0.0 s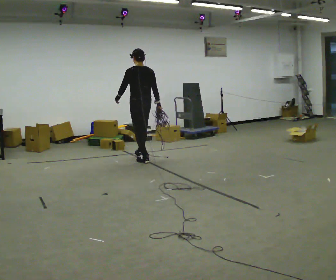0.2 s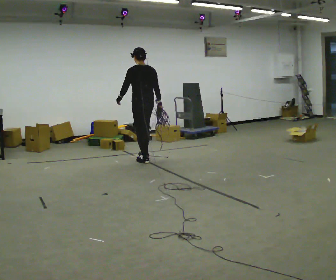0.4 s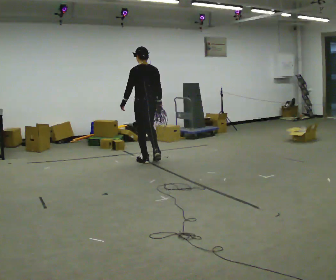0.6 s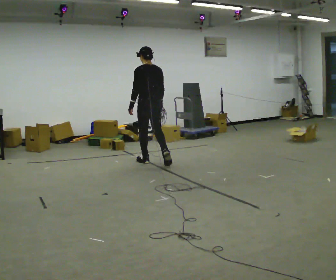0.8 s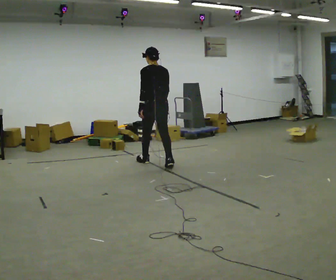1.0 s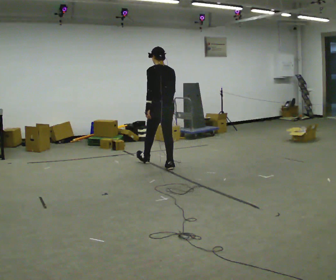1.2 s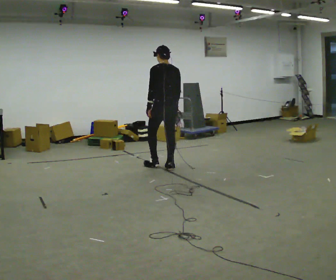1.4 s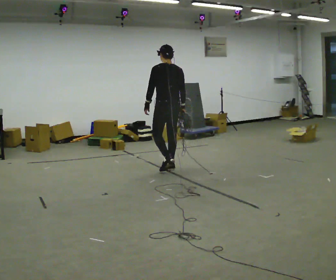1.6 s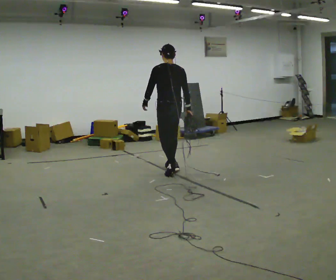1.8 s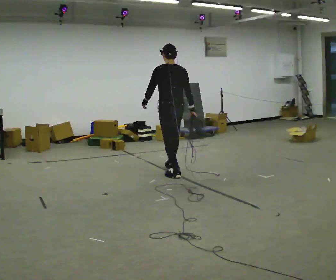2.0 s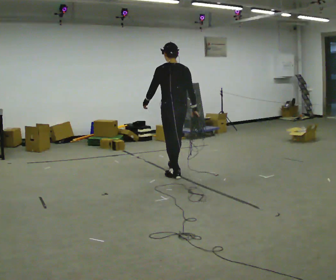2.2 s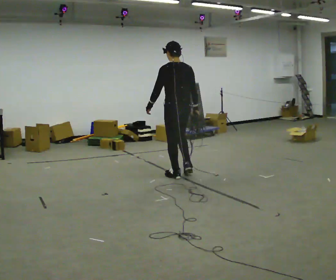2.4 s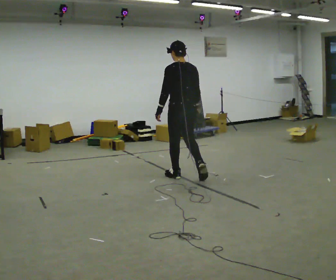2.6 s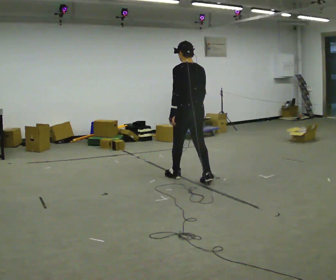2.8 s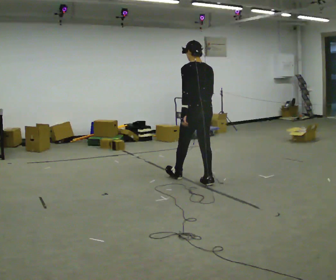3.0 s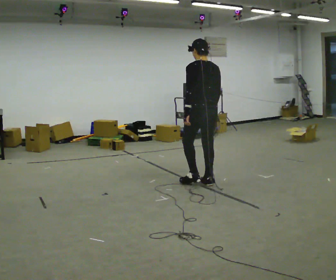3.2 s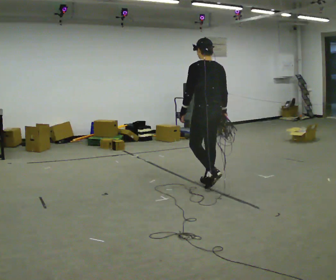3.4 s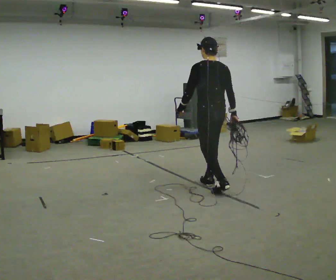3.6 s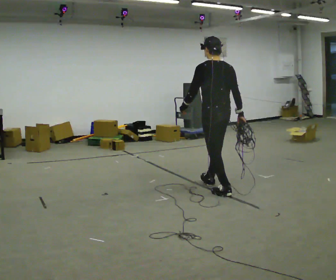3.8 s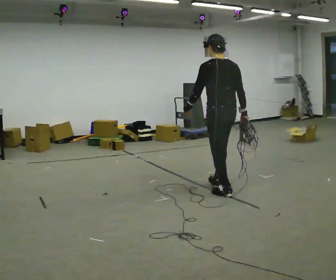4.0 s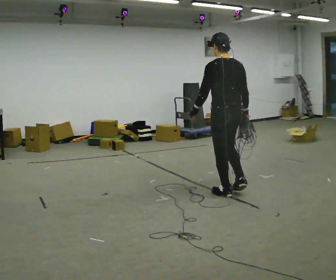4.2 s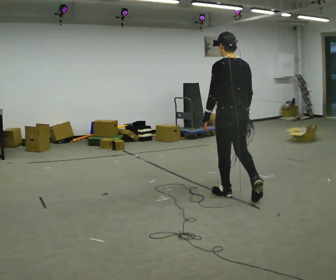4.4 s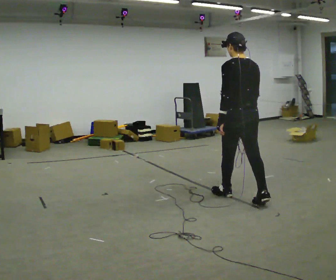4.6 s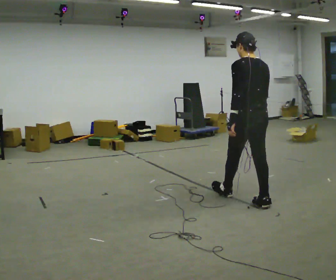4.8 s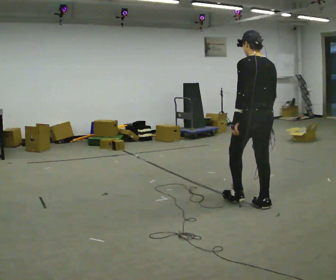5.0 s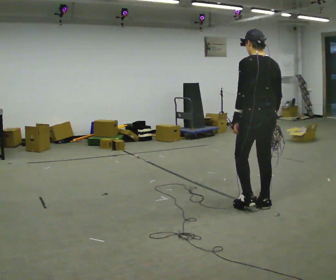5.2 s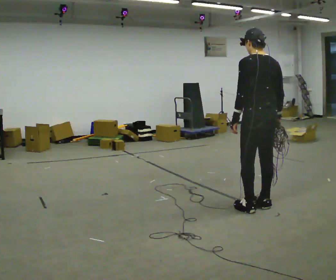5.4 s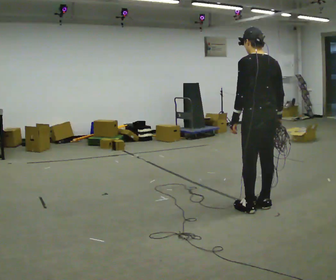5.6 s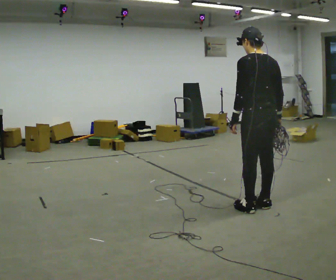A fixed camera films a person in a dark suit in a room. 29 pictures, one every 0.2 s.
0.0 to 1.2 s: In the picture they go to the right and toward the camera, about 0.75 m in 2 steps, which for them is backward.
1.2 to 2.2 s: In the picture they go toward the camera and to the right, about 0.5 m in 1 step, which for them is backward.
2.2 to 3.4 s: In the picture they go to the right and toward the camera, about 0.75 m in 1 step, which for them is backward.
3.4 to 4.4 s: In the picture they go toward the camera and to the right, about 0.5 m in 1 step, which for them is backward.
4.4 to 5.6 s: In the picture they go toward the camera and to the right, about 0.25 m in 1 step, which for them is backward.
The film runs backward here.
